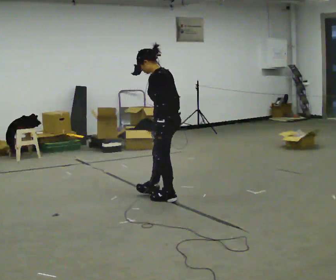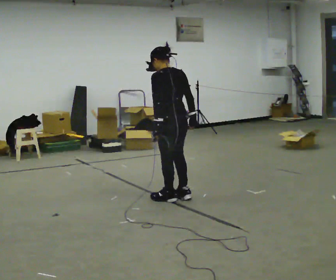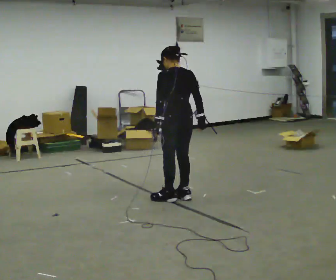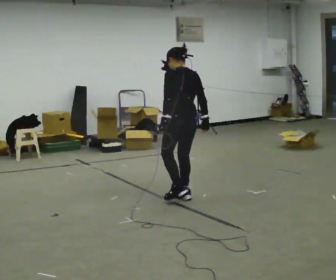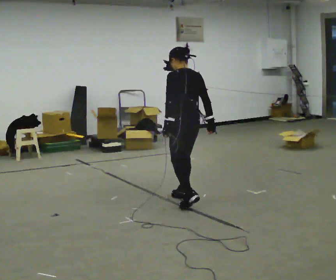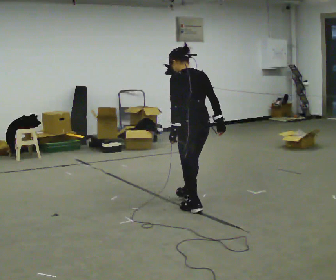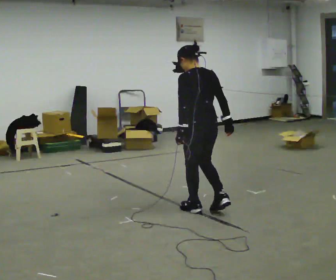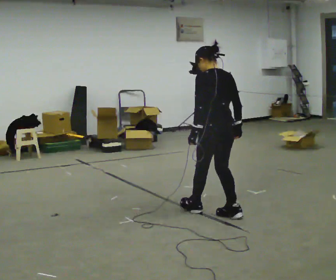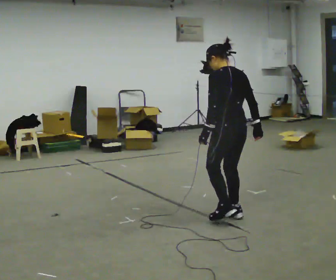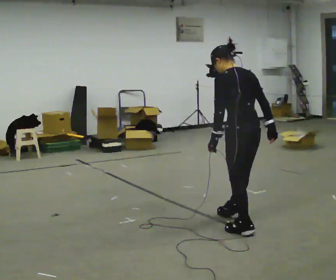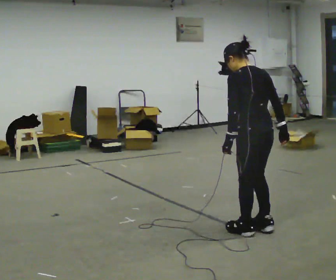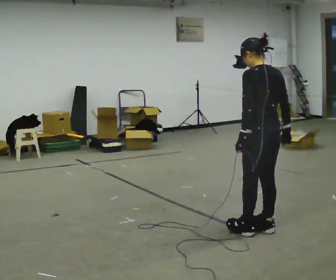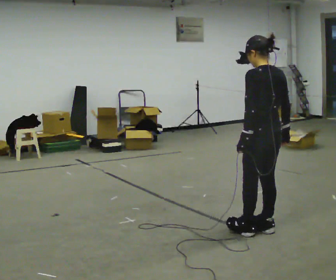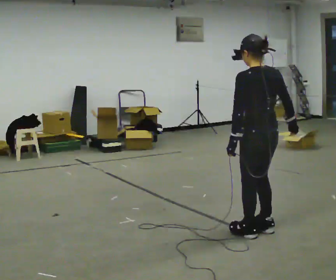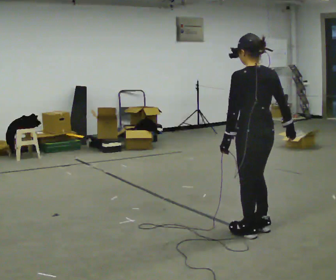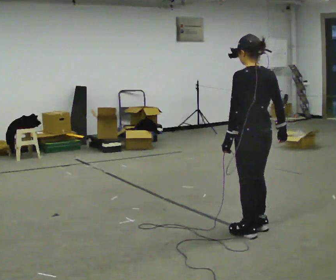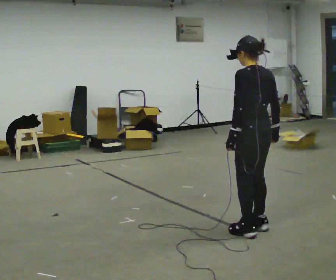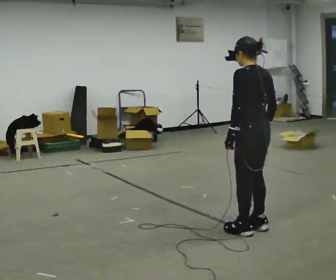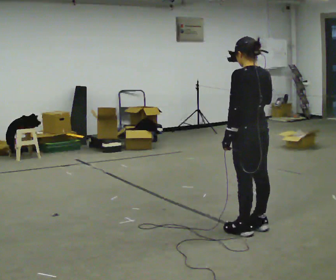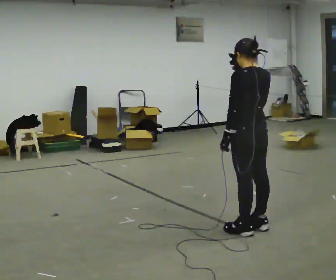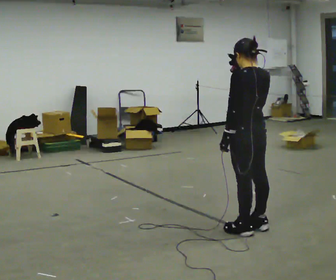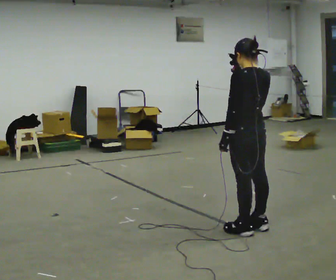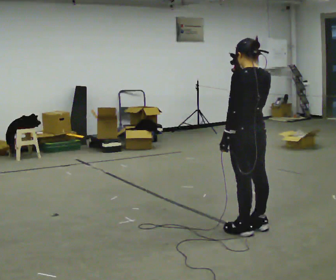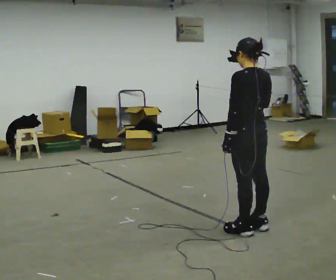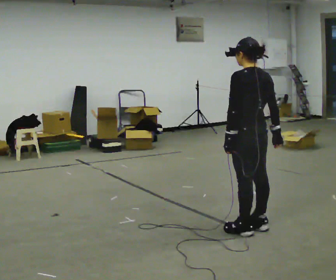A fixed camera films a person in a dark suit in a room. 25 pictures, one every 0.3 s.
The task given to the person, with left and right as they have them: Walk backward several steps, then turn while still moving backward, then continue backward. Operator confirms the space behind you is clear.
0.0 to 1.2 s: Seen from above the body turns clockwise, about 30 degrees: to their right, with its near side sliding to the left. In the picture they go to the right, about 0.25 m in 1 step, which for them is backward. In the picture their right hand goes to the right.
1.2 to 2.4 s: In the picture they go toward the camera and to the right, about 0.75 m in 2 steps, which for them is backward.
2.4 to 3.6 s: In the picture they go toward the camera and to the right, about 0.5 m in 2 steps, which for them is backward.
3.6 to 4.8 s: The person moves a little, or ends about where they began.
4.8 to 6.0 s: In the picture their right hand goes upward.
6.0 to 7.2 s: In the picture their right hand goes downward and to the right.
The film runs forward here.
